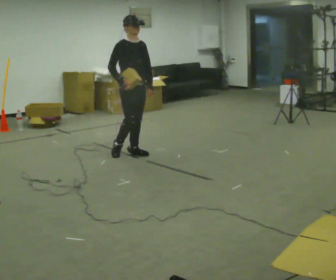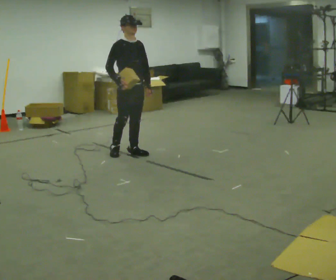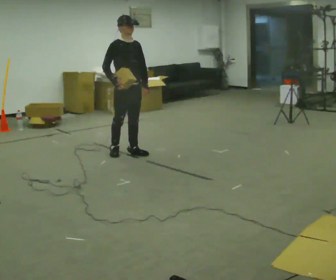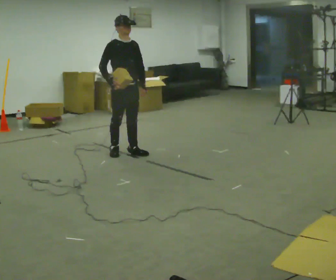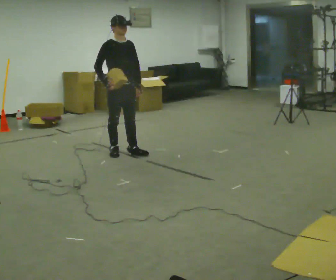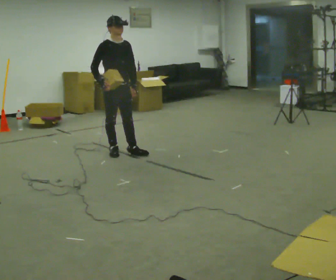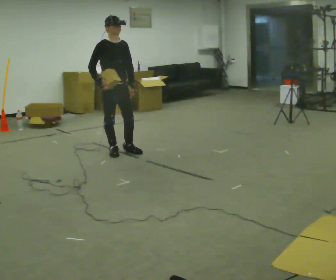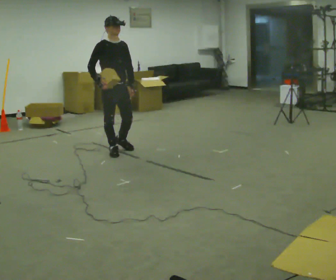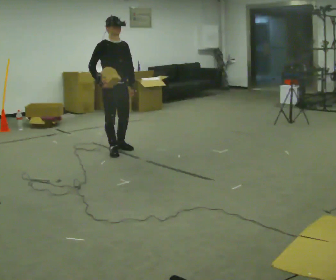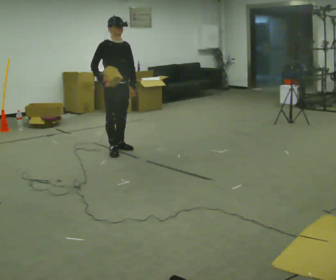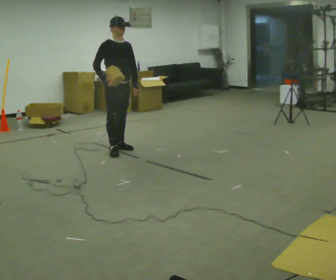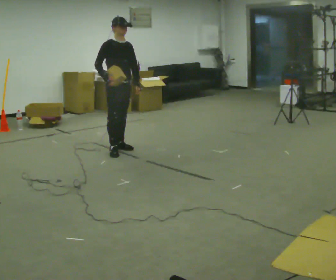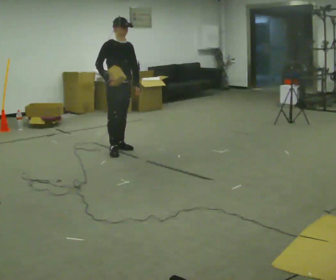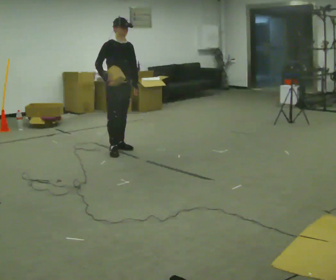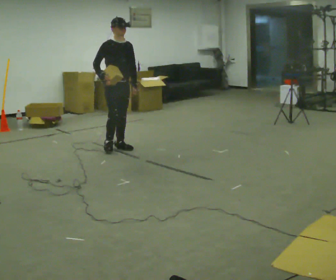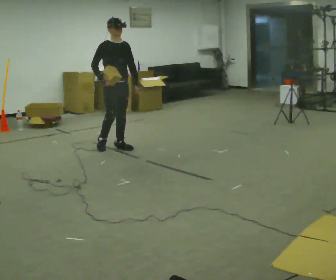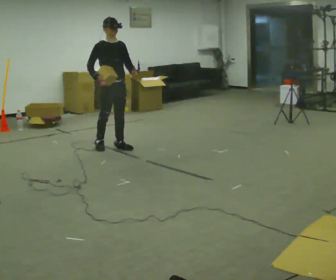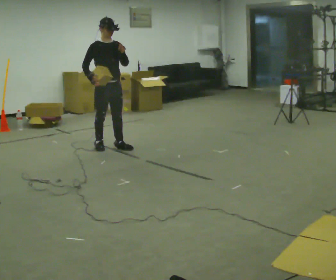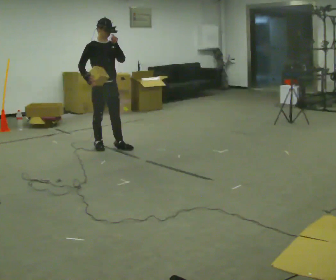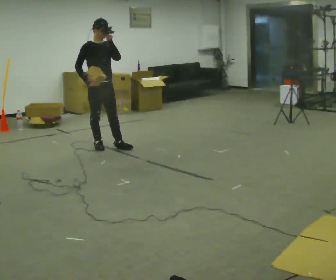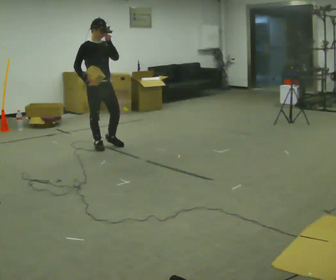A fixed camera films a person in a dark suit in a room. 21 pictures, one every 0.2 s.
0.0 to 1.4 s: In the picture they go to the left, about 0.25 m in 1 step, which for them is backward and to their right.
1.4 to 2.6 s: In the picture they go away from the camera, about 0.25 m, which for them is to their left and backward.
2.6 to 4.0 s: In the picture they go to the left, about 0.25 m in 2 steps, which for them is backward and to their right. In the picture their left hand goes upward.
The film runs backward here.
